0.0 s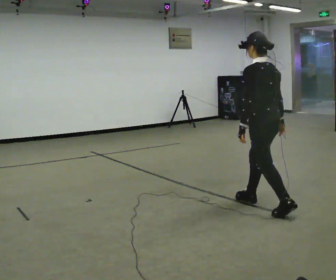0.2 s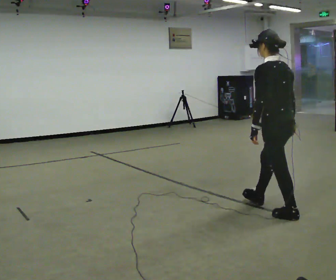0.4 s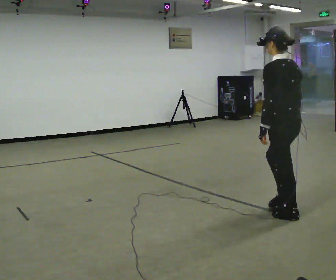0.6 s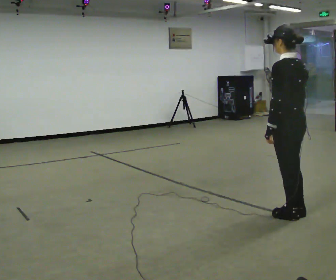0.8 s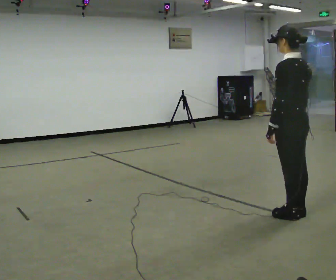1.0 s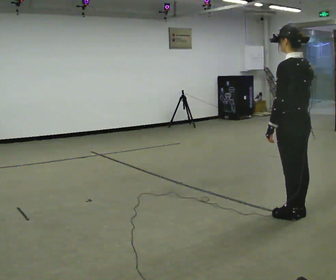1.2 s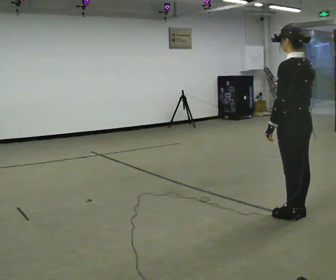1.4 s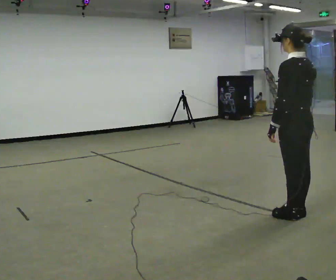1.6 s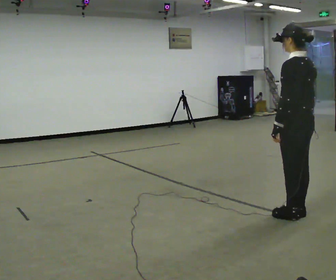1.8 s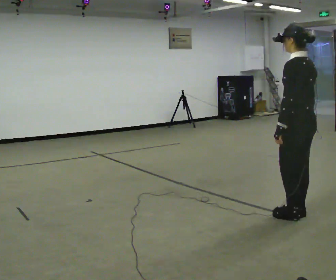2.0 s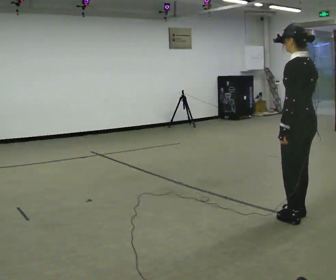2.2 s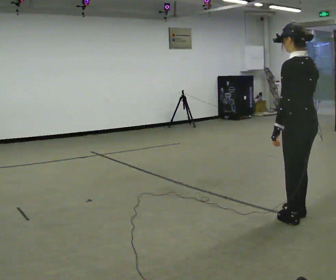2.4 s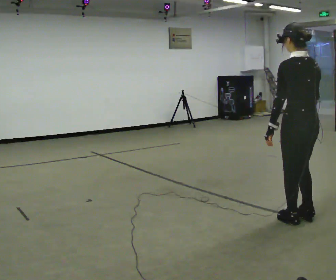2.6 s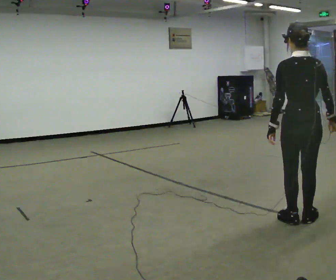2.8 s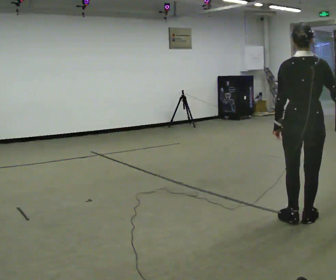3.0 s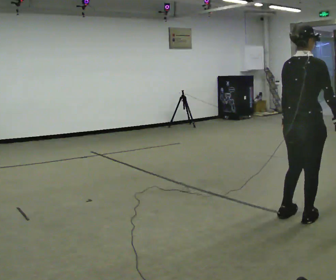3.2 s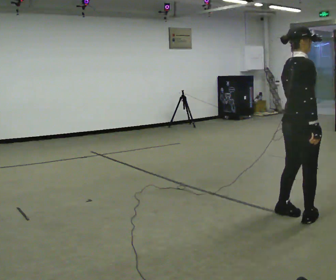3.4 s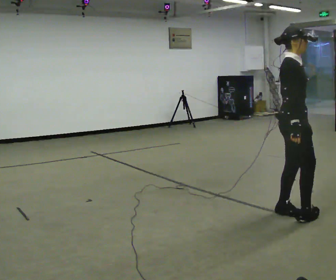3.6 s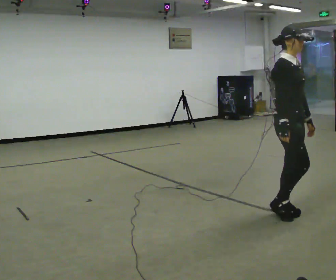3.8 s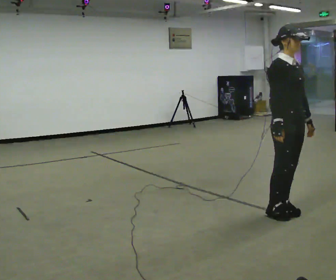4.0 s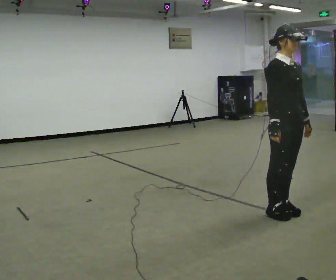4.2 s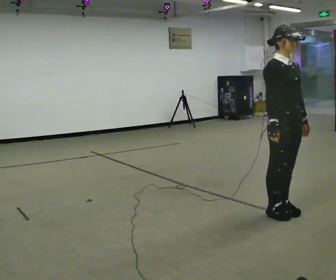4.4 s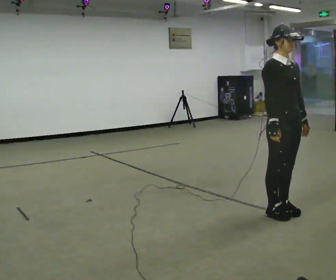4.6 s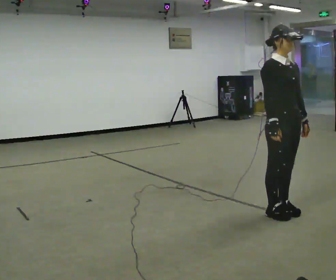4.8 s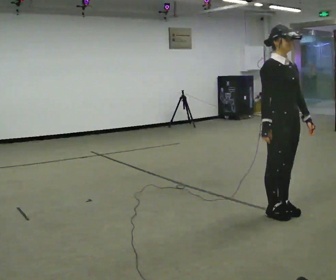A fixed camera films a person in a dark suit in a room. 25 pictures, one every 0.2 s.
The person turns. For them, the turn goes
to their right.
The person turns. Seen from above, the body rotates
clockwise.
0.0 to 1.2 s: In the picture they go to the right and toward the camera, about 0.5 m in 1 step, which for them is backward.
1.2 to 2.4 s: The person moves a little, or ends about where they began.
2.4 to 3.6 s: The part of the body nearest the lens slides to the left as the person turns to their right by about 150 degrees. In the picture they go away from the camera, about 0.25 m in 2 steps.
3.6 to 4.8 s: The person moves a little, or ends about where they began.
The film runs backward here.
